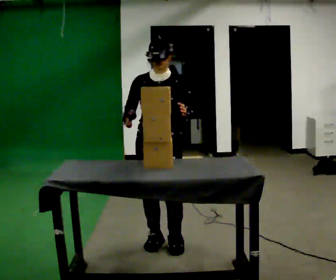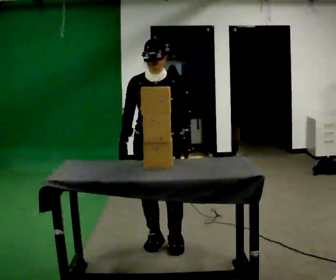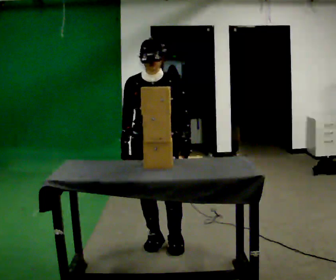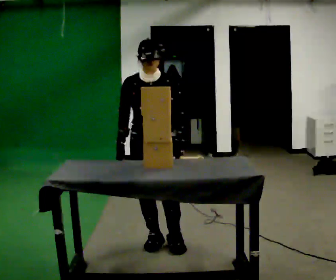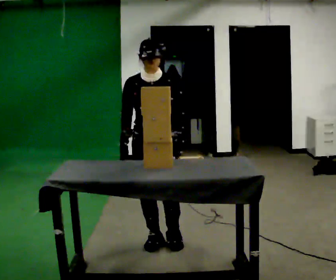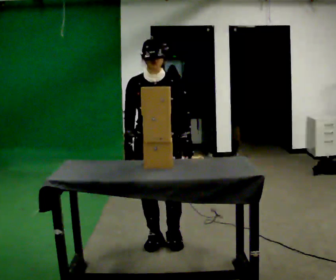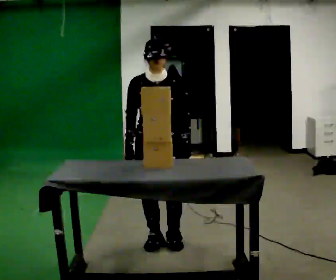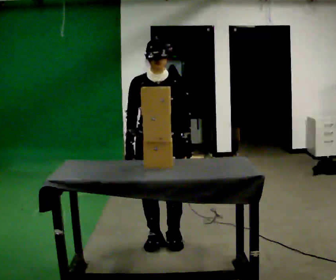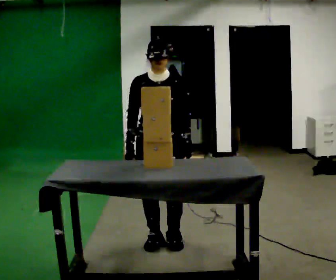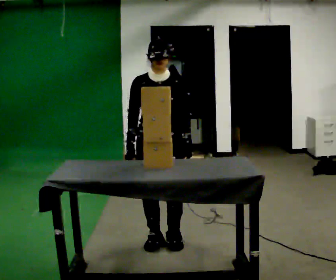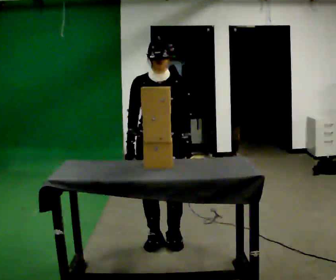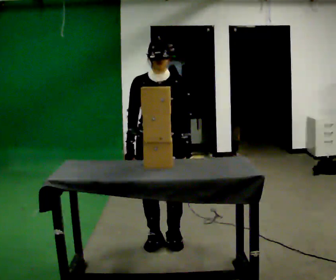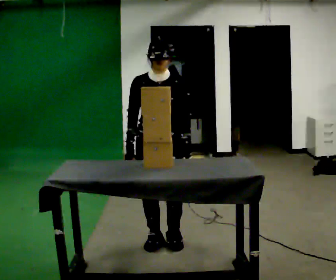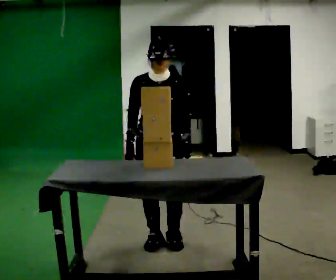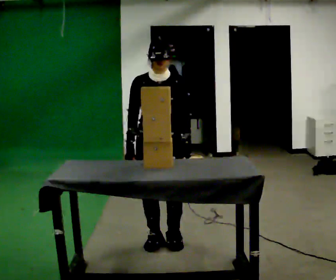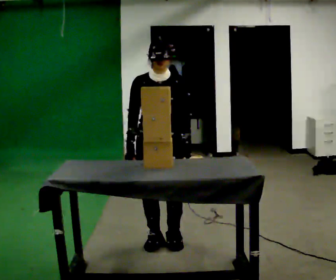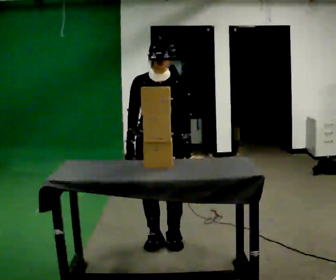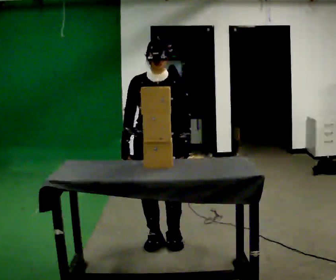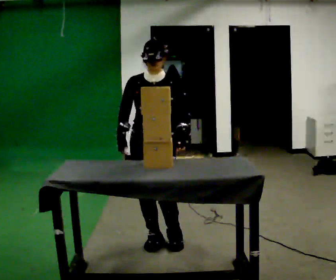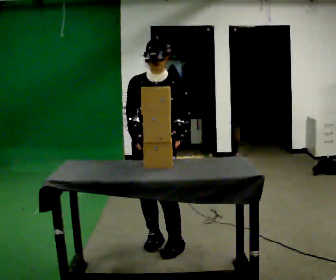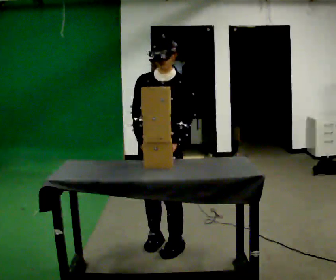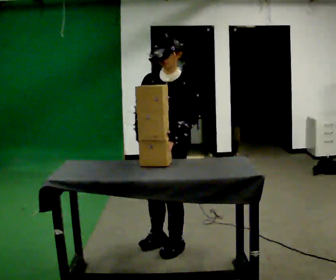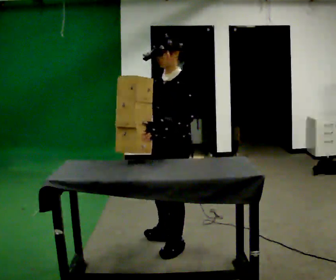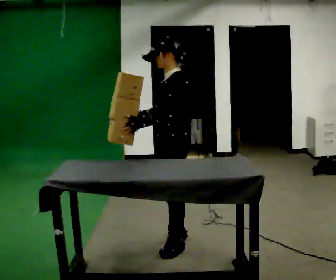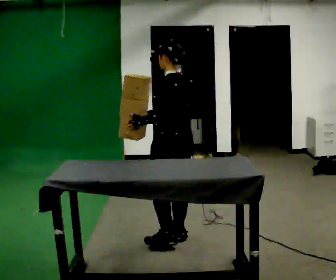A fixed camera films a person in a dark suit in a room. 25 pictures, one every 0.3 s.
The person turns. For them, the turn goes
to their right.
The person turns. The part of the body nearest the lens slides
to the left.
0.0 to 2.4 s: The person moves a little, or ends about where they began.
2.4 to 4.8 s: The person keeps their place and pose.
4.8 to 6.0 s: The person moves a little, or ends about where they began.
6.0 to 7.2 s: Seen from above the body turns clockwise, about 105 degrees: to their right, with its near side sliding to the left. In the picture they go away from the camera and to the right, about 0.25 m in 1 step.
The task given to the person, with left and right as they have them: Take objects out of the bin one at a time and lay them out on the table, stepping between the bin and the table each time. Keep going until the operator says stop; one object at a time, and do not rush between trips.
The film runs forward here.
